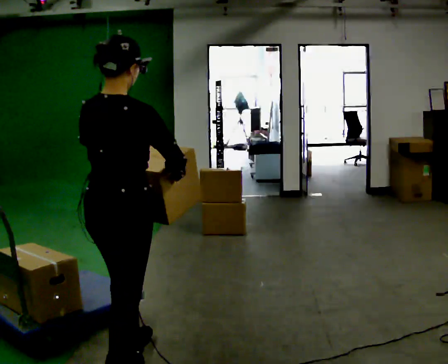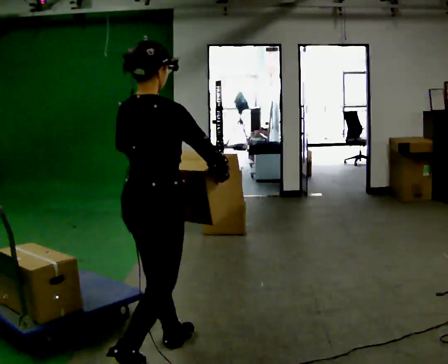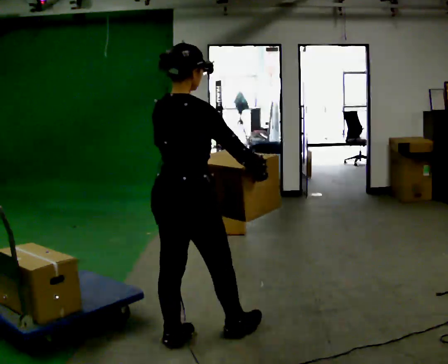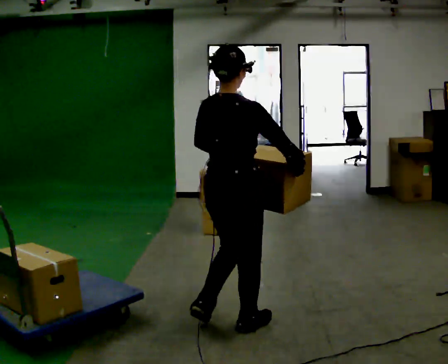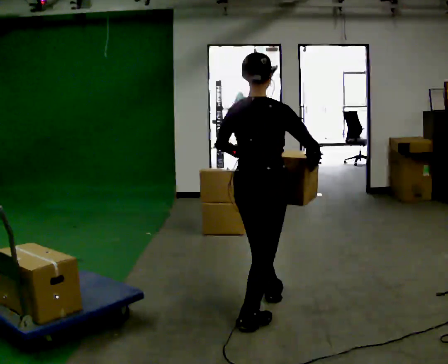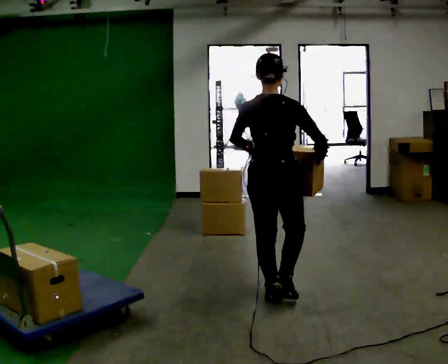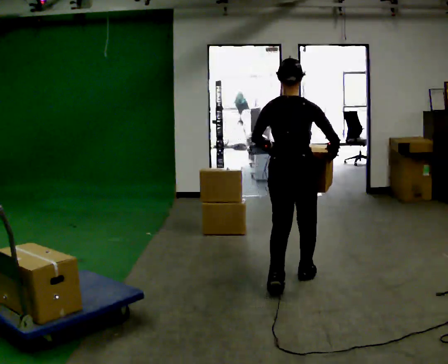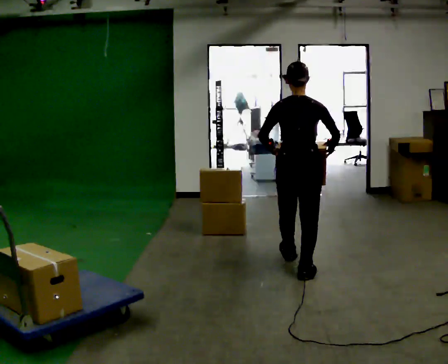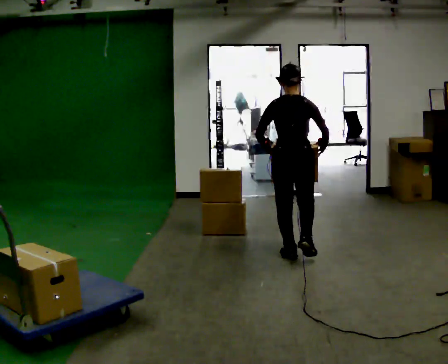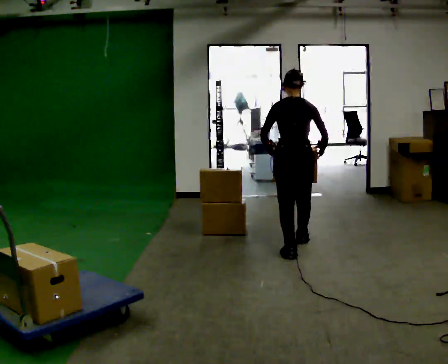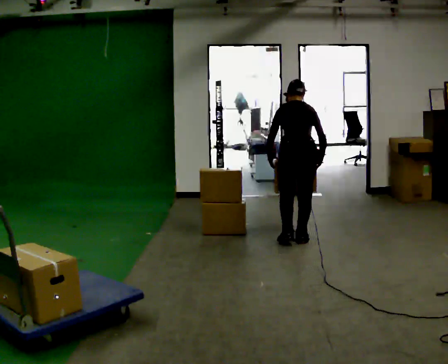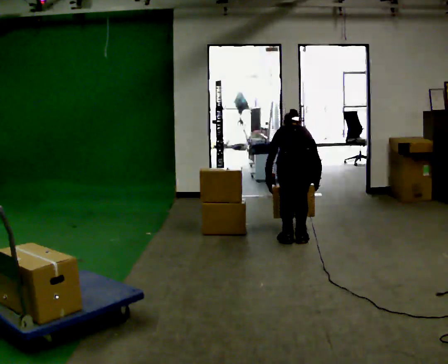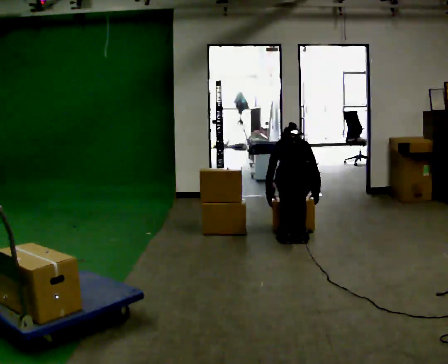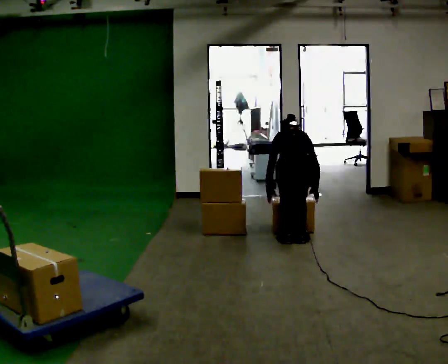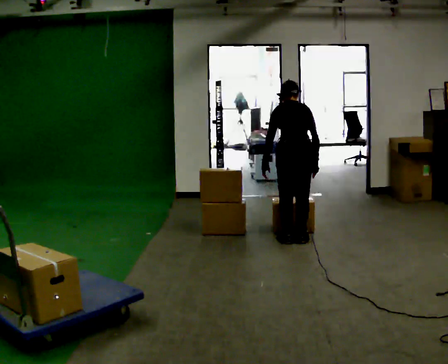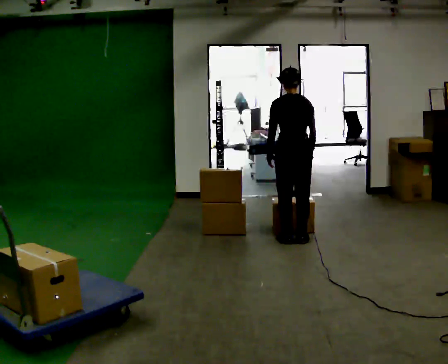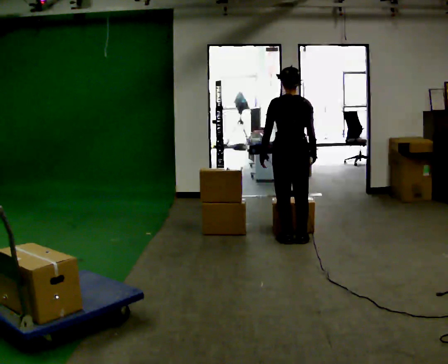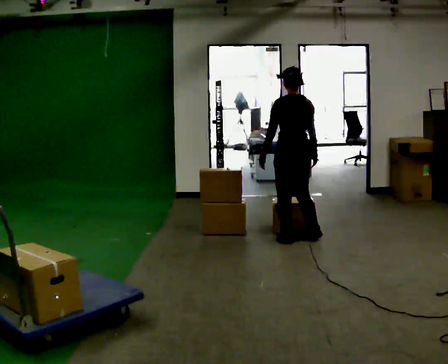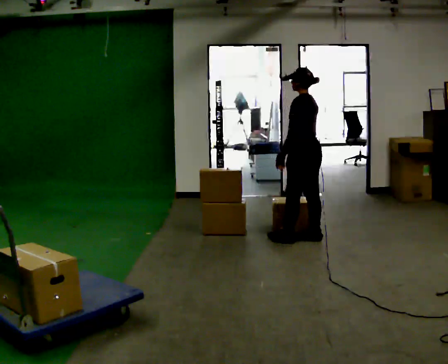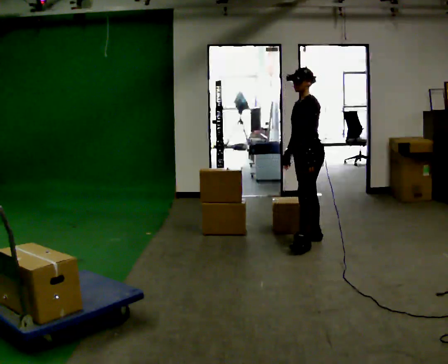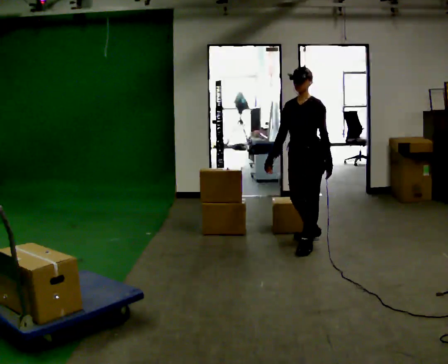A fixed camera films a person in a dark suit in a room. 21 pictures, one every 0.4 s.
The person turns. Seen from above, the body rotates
counterclockwise.
The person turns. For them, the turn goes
to their left.
0.0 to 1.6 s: In the picture they go away from the camera and to the right, about 1 m in 3 steps, which for them is forward.
1.6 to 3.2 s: In the picture they go away from the camera, about 1 m in 2 steps, which for them is forward.
3.2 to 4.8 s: In the picture they go away from the camera, about 0.5 m in 2 steps, which for them is forward. The shoulders move downward. The upper body tips away from the camera, its near side rolling upward, as they bend forward. In the picture their left hand goes downward.
4.8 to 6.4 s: In the picture they go away from the camera, about 0.25 m, which for them is forward. The upper body goes upward. The upper body tips toward the camera, its near side rolling downward, as they lean back or straighten. In the picture their left hand goes upward.
6.4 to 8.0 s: Seen from above the body turns counterclockwise, about 135 degrees: to their left, with its near side sliding to the right. In the picture they go toward the camera, about 0.25 m in 2 steps.
The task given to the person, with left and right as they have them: Load the boxes onto the cart one at a time, then take them all off again. The cart stays where it is. Keep going until the operator says stop; one object at a time, and do not rush between trips.
The film runs forward here.
